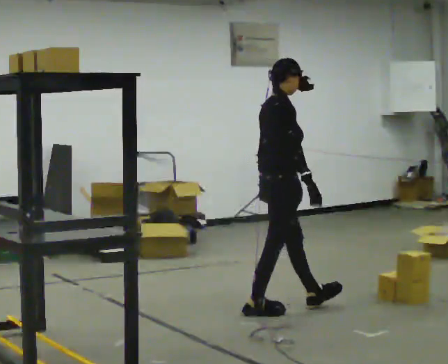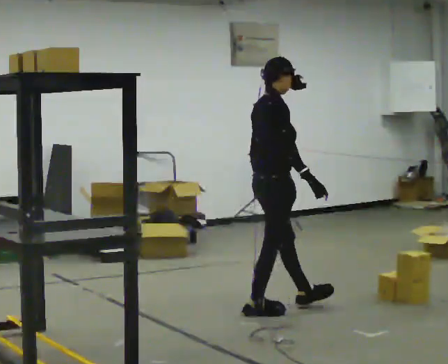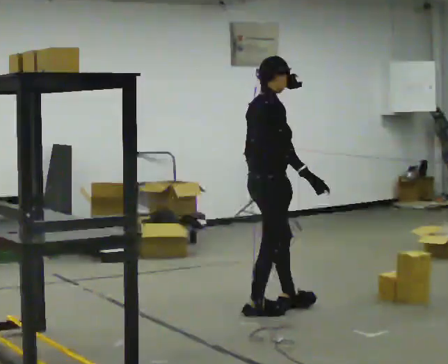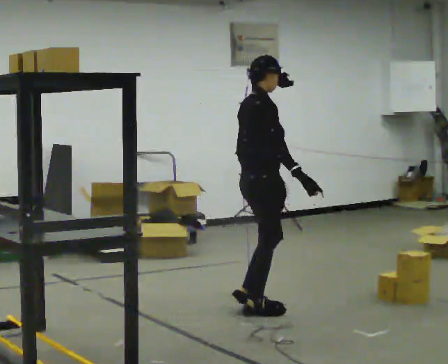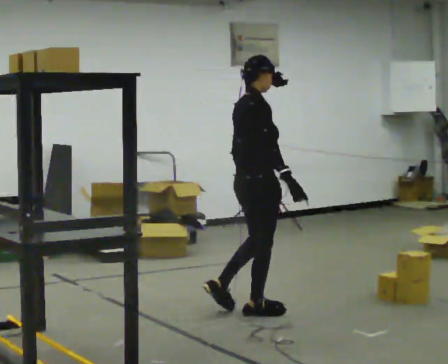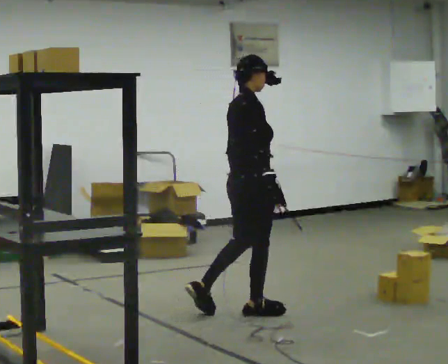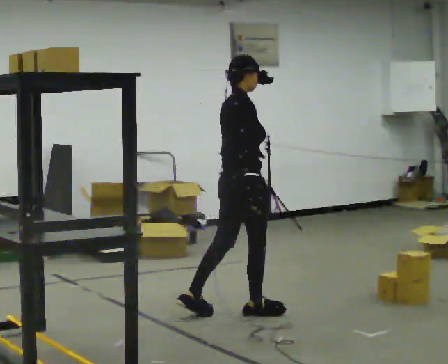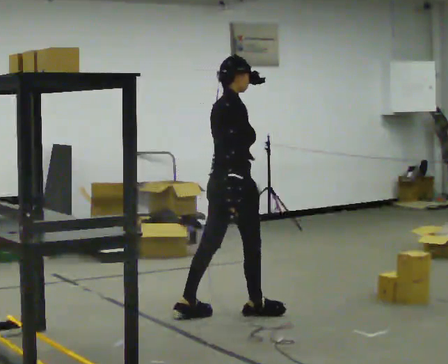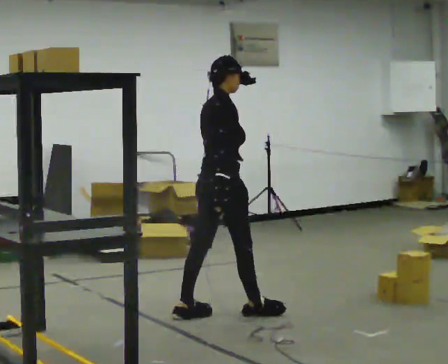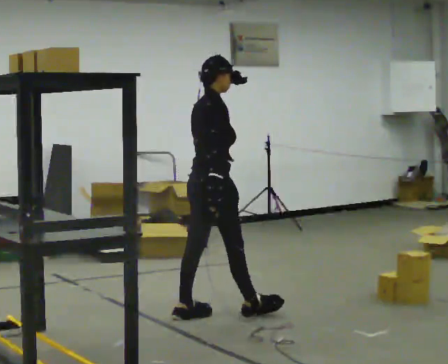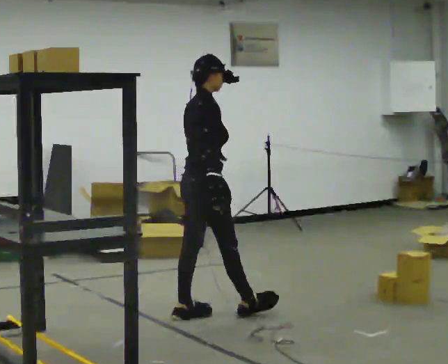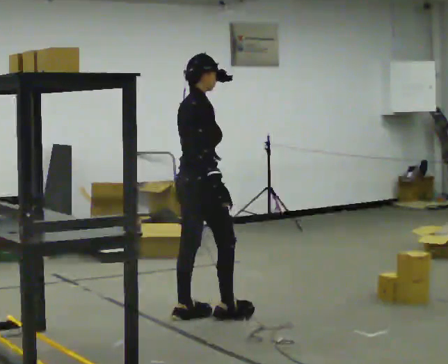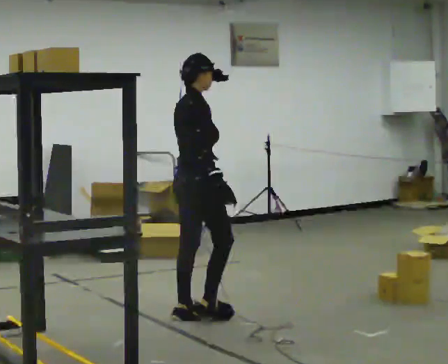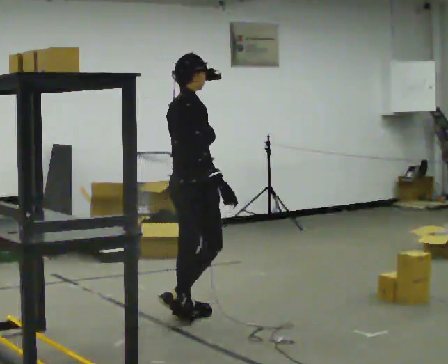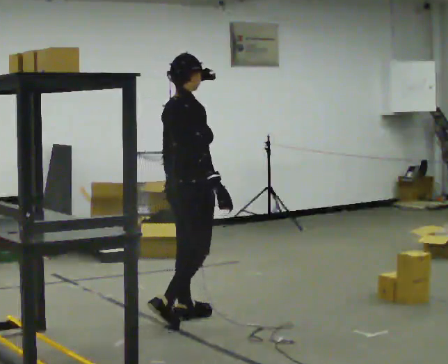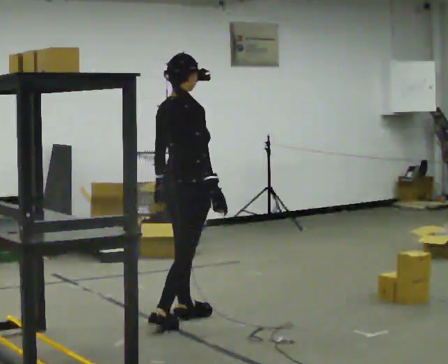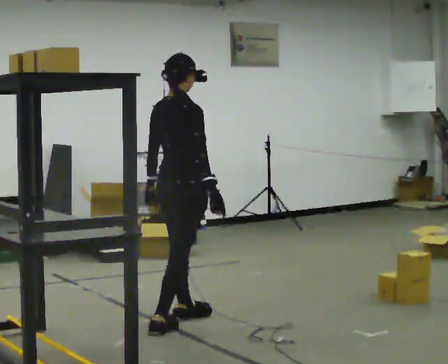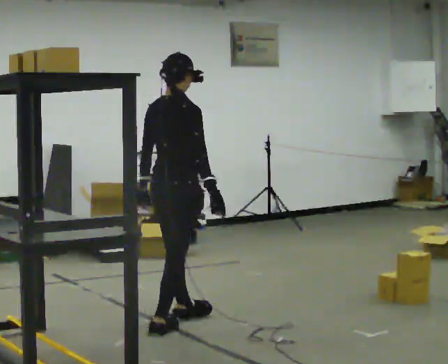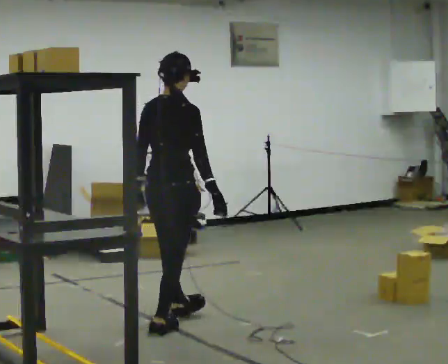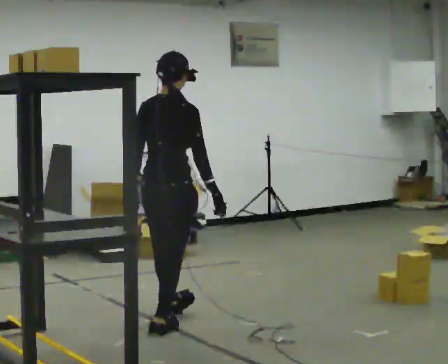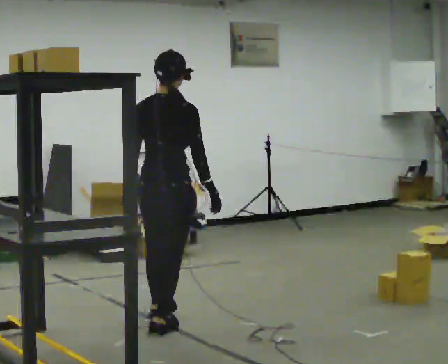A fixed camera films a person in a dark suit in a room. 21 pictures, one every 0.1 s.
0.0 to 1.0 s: In the picture they go to the left, about 0.5 m in 1 step, which for them is backward.
1.0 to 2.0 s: The person turns about 45 degrees to their left, counterclockwise seen from above, so the part of the body nearest the lens slides to the right. In the picture they go toward the camera and to the left, about 0.5 m in 1 step, which for them is backward and to their right.
The film runs backward here.
